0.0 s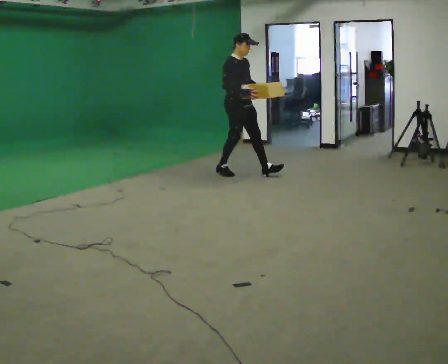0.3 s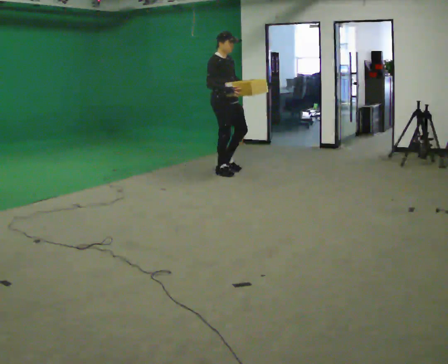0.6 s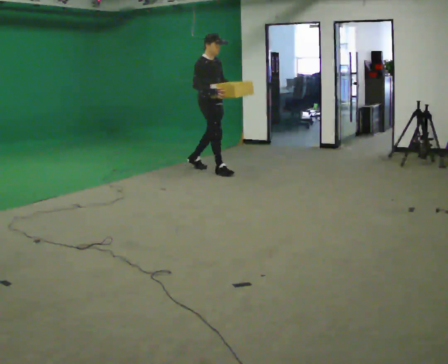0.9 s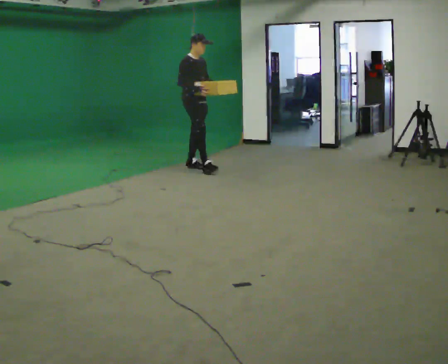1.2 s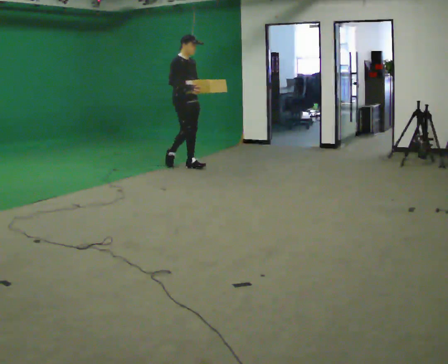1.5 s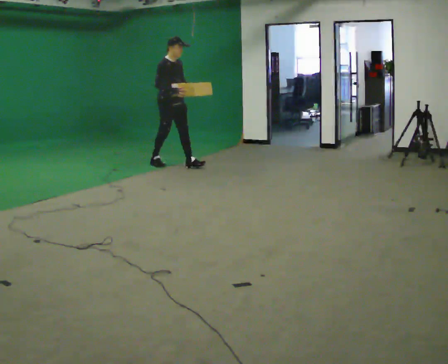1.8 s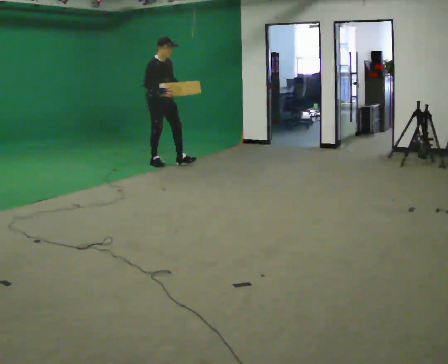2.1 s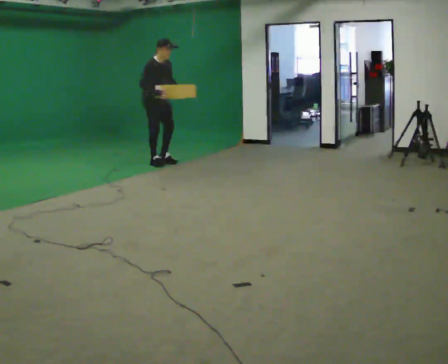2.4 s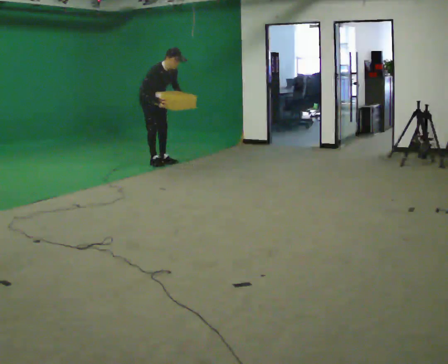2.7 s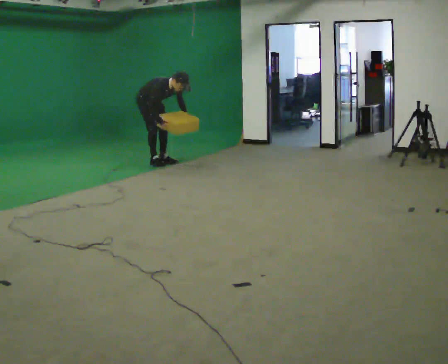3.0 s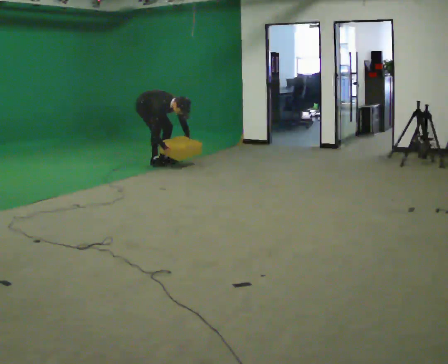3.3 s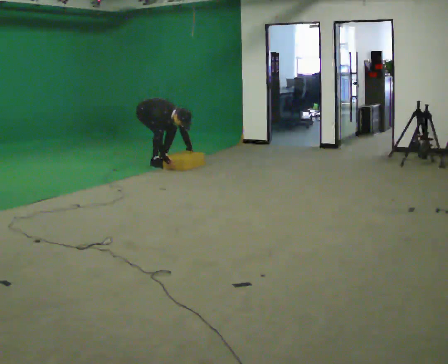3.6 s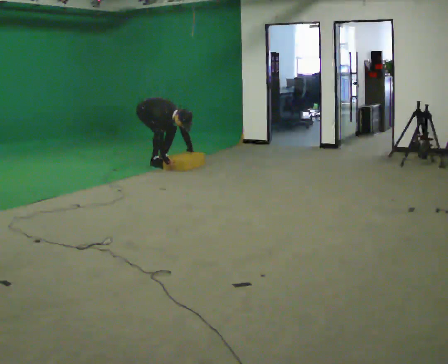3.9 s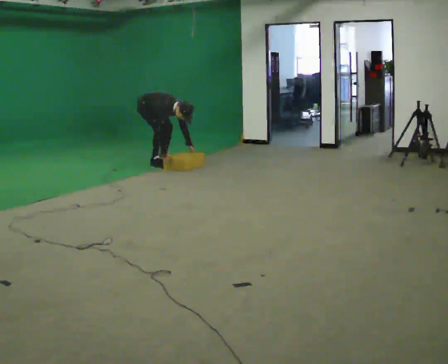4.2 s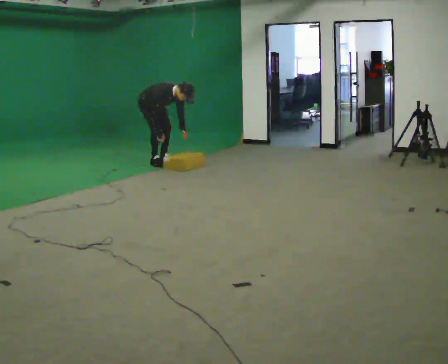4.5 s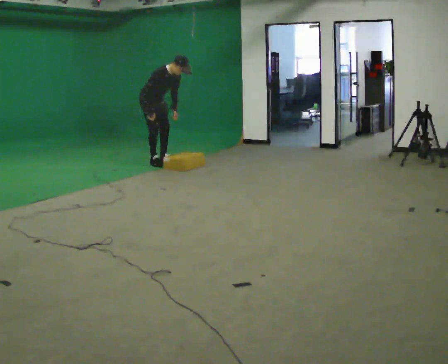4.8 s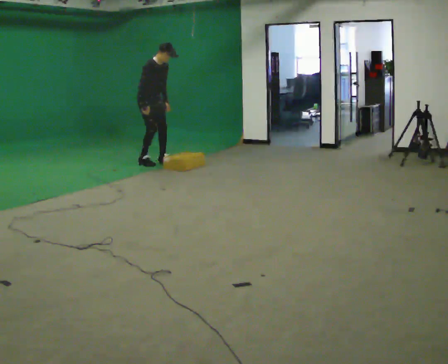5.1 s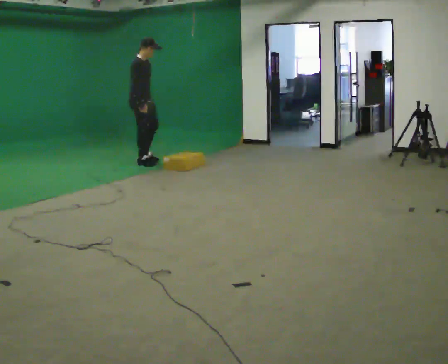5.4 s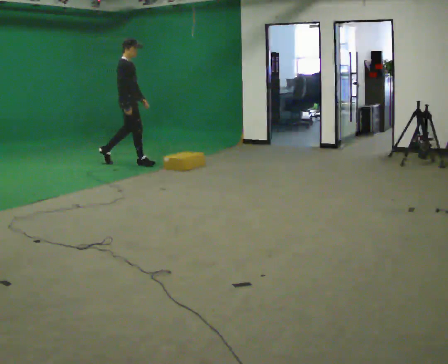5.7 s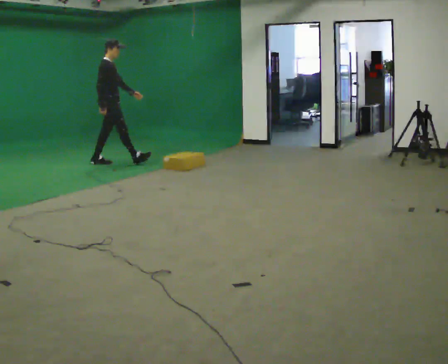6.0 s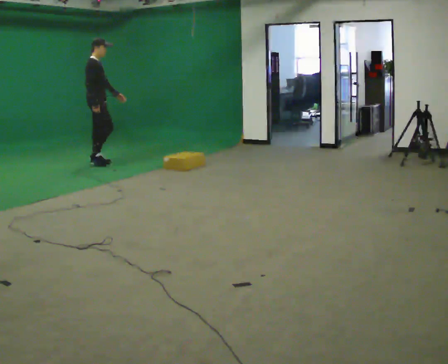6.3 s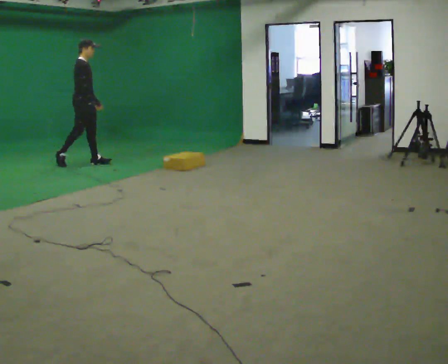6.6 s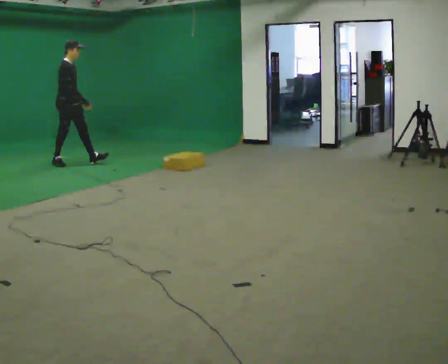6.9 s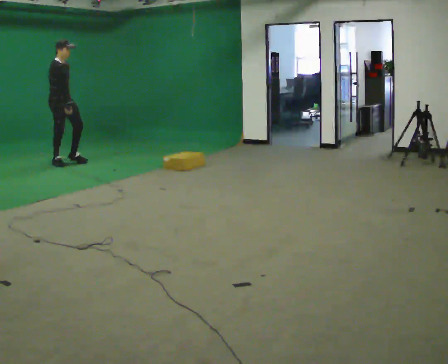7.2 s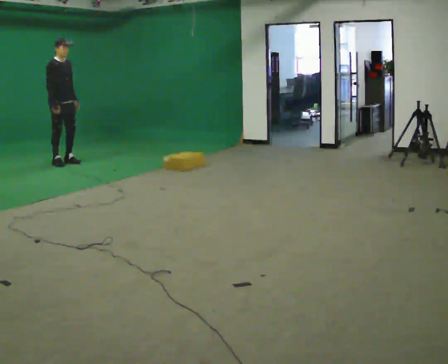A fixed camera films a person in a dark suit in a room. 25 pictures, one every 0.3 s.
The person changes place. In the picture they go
to the left.
0.0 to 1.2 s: In the picture they go to the left and away from the camera, about 1 m in 1 step, which for them is backward.
1.2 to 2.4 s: In the picture they go to the left and away from the camera, about 0.5 m in 1 step, which for them is backward. In the picture the upper body tilts clockwise, shoulders to the right, as they bend forward.
2.4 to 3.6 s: The upper body goes downward. In the picture the upper body tilts clockwise, shoulders to the right, as they bend forward. In the picture their left hand goes downward.
3.6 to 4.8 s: The shoulders move upward. In the picture the upper body tilts counterclockwise, shoulders to the left, as they lean back or straighten. In the picture their left hand goes upward and to the left.
4.8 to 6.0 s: The part of the body nearest the lens slides to the right as the person turns to their left by about 30 degrees. In the picture they go to the left, about 0.5 m in 2 steps, which for them is backward. In the picture the upper body tilts counterclockwise, shoulders to the left, as they lean back or straighten.
6.0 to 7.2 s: The person turns about 30 degrees to their right, clockwise seen from above, so the part of the body nearest the lens slides to the left. In the picture they go to the left, about 0.5 m in 1 step, which for them is backward.
The film runs backward here.
